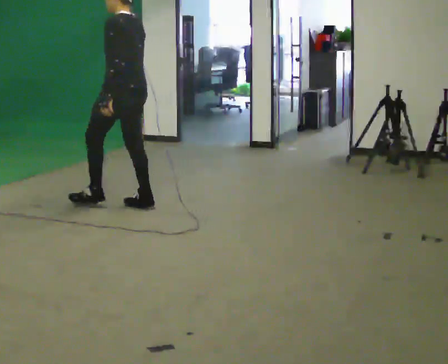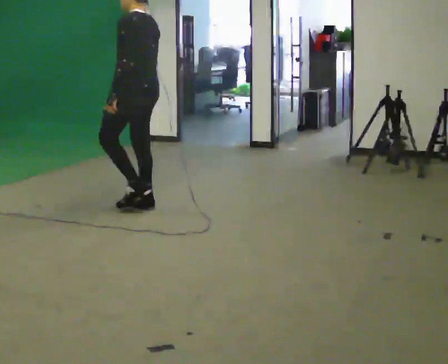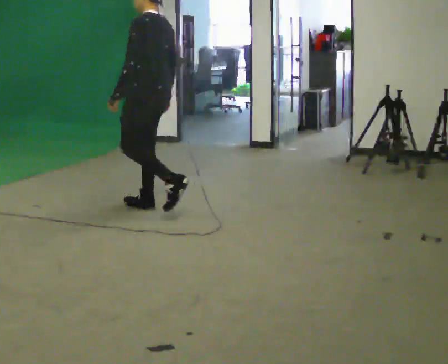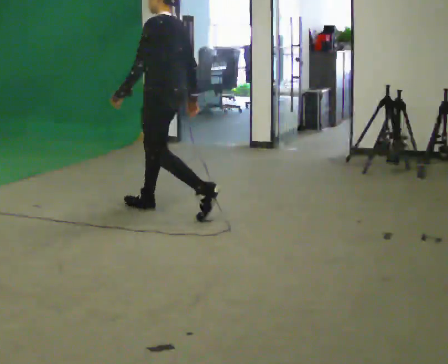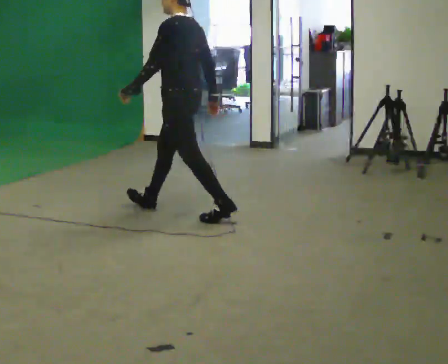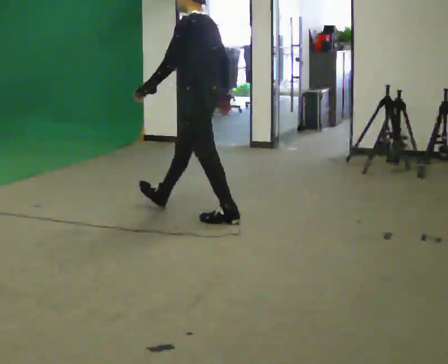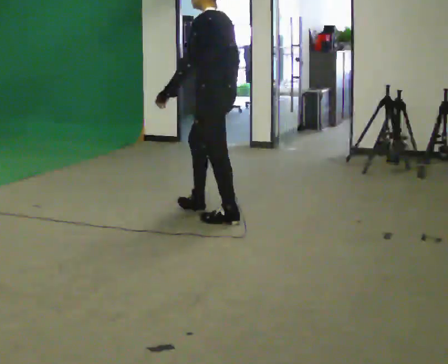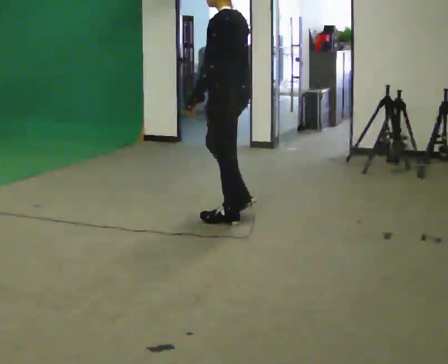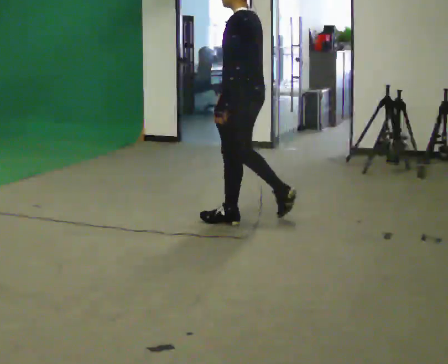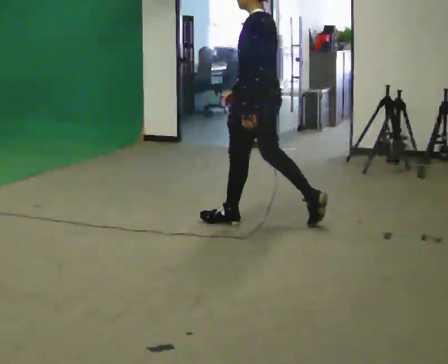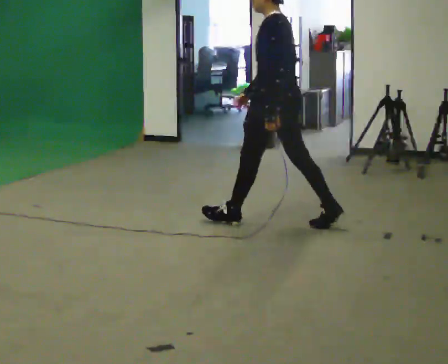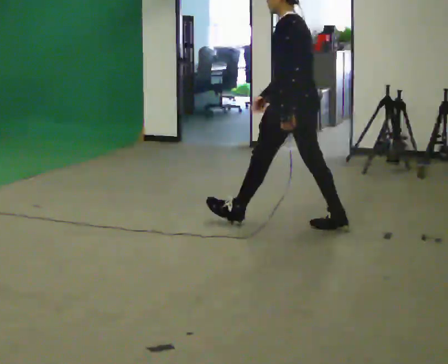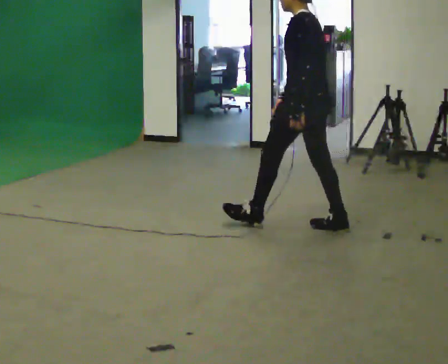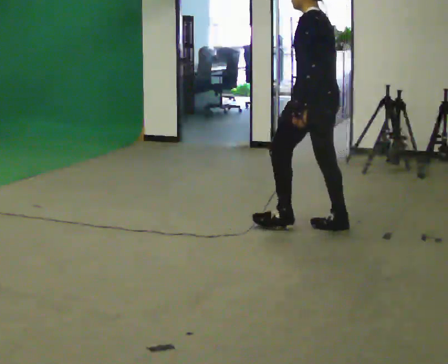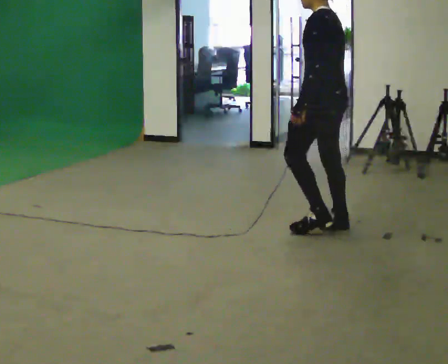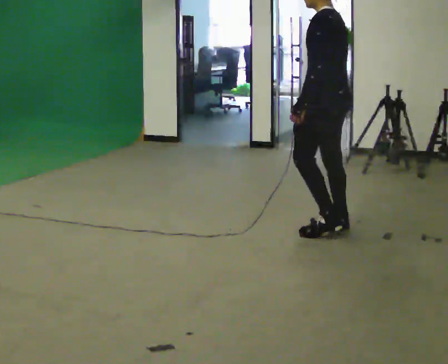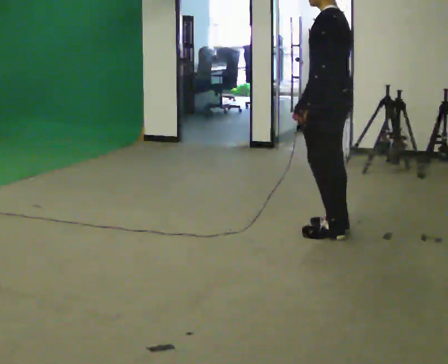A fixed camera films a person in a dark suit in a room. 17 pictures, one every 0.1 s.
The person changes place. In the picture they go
to the right.
0.0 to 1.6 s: In the picture they go to the right, about 1.5 m in 2 steps, which for them is backward.
The film runs backward here.
